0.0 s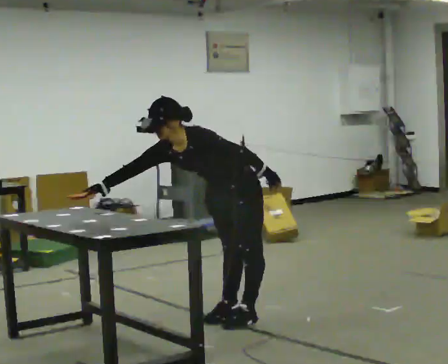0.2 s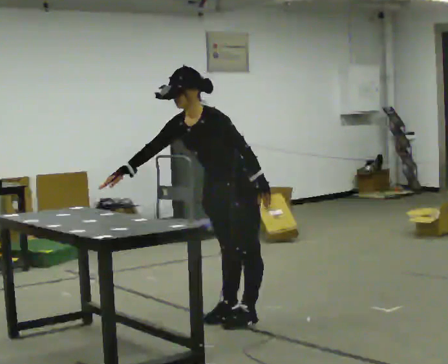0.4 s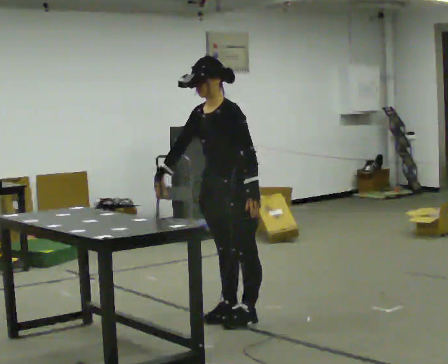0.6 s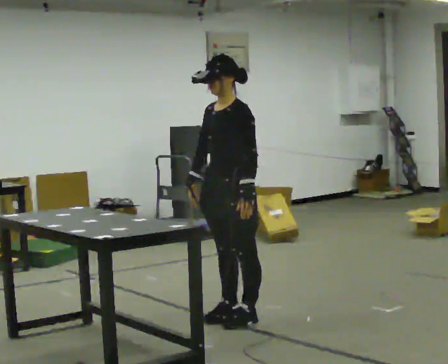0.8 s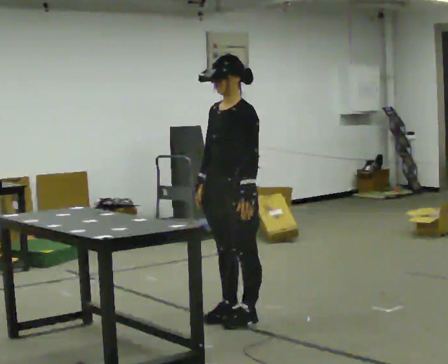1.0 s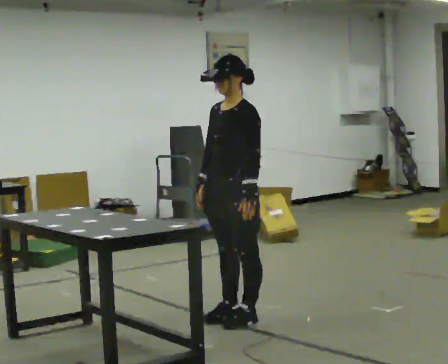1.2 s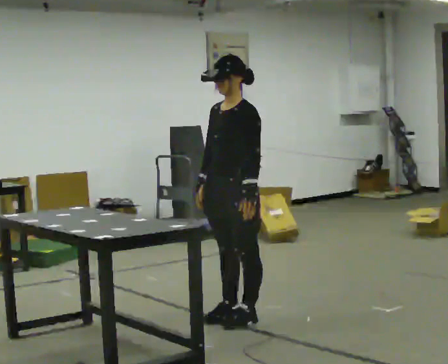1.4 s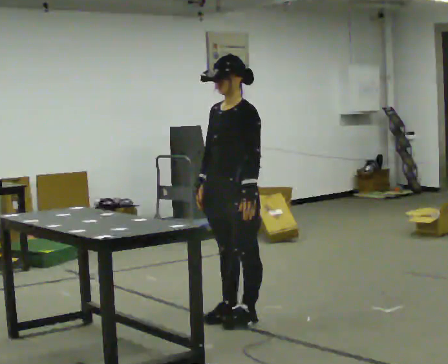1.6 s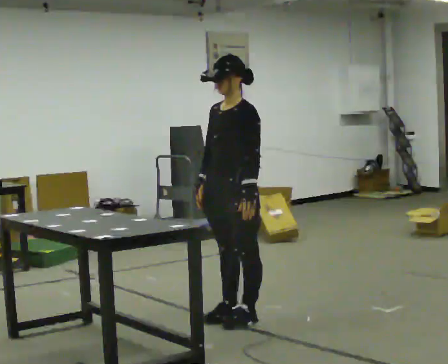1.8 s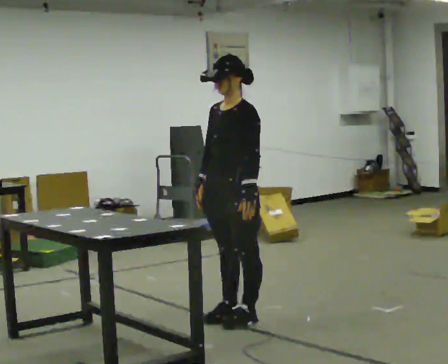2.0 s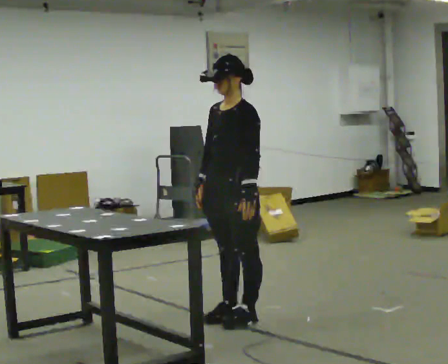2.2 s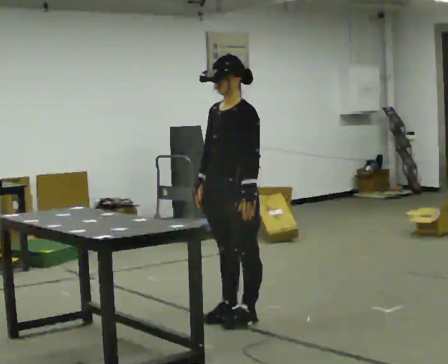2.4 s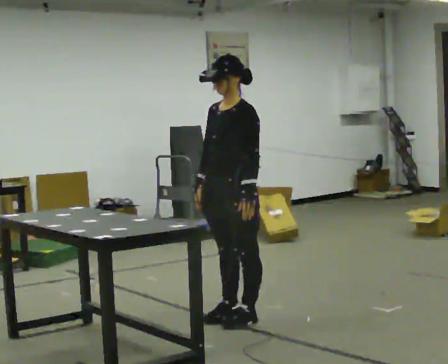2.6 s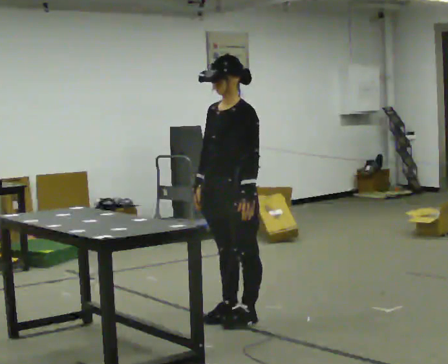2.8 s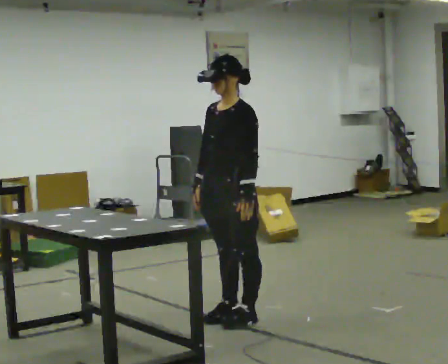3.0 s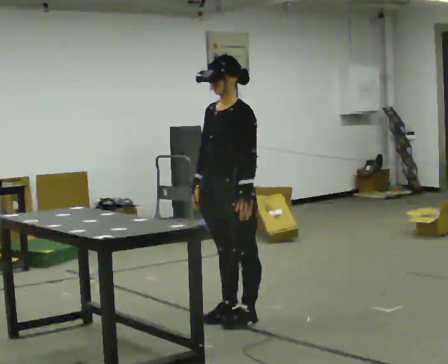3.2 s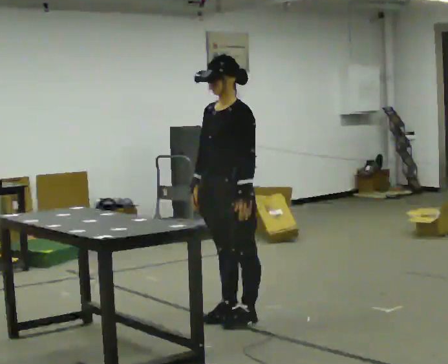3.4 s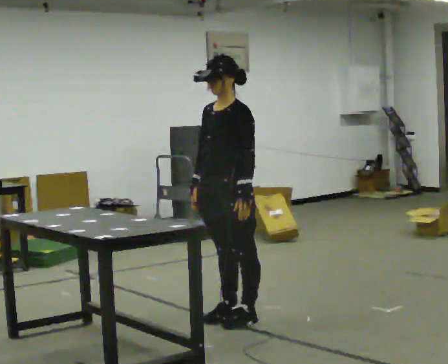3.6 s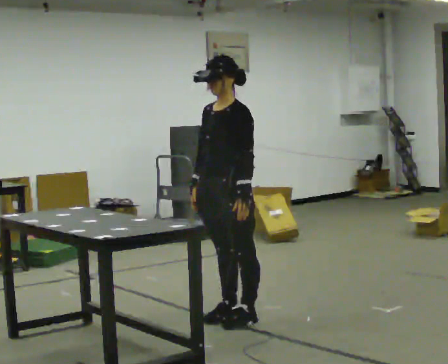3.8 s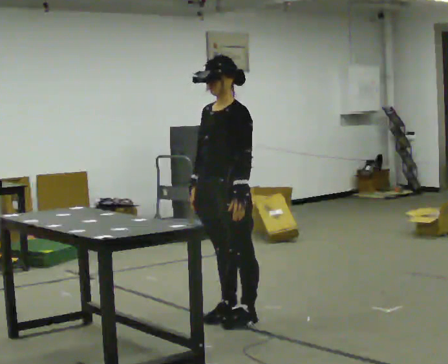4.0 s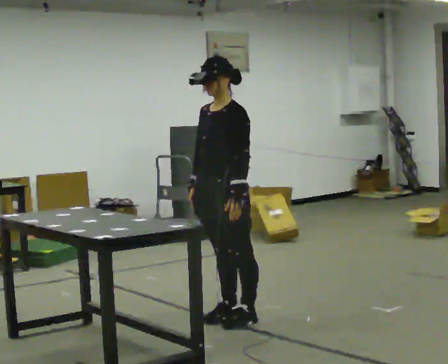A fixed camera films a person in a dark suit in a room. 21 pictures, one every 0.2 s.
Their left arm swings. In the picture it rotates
clockwise.
0.0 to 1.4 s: The shoulders move upward. In the picture the upper body tilts clockwise, shoulders to the right, as they lean back or straighten.
1.4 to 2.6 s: The person keeps their place and pose.
2.6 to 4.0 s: The person moves a little, or ends about where they began.
The film runs backward here.
